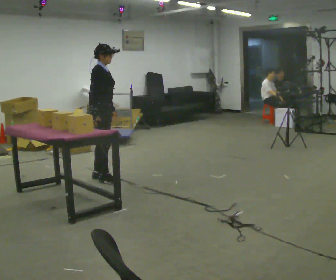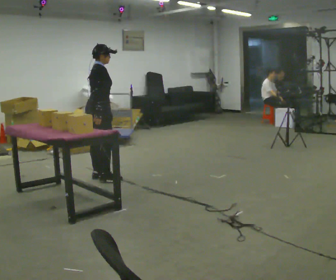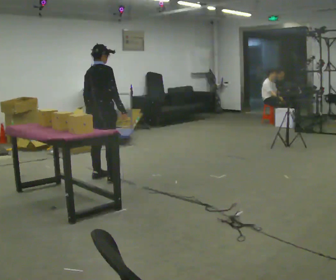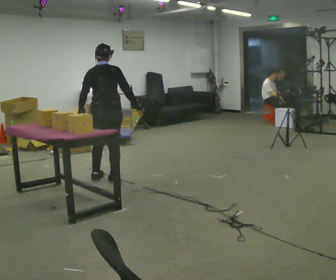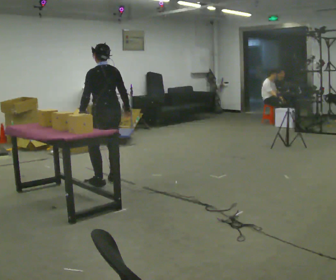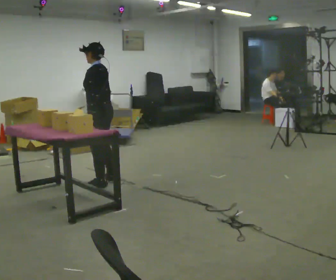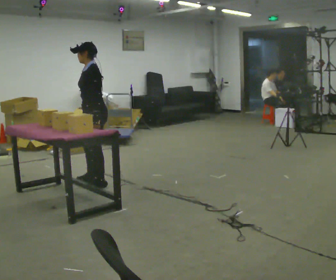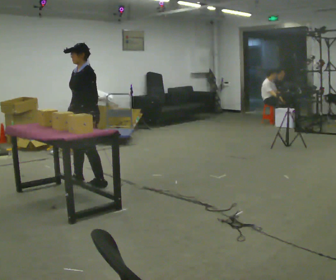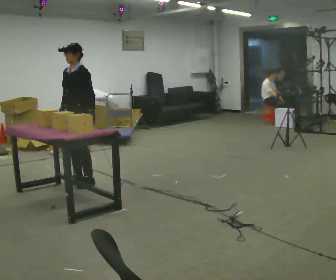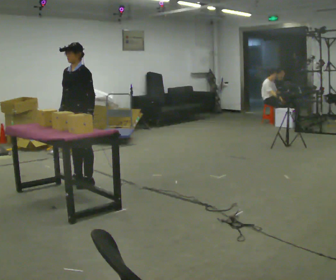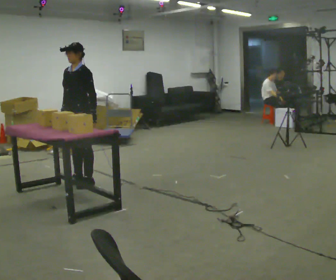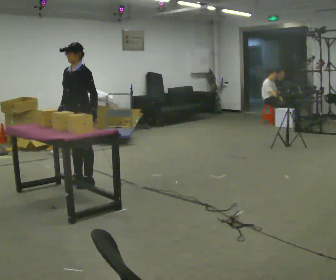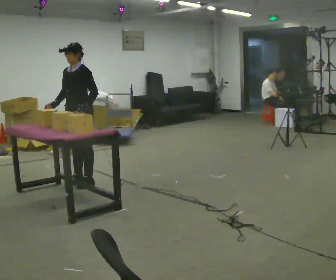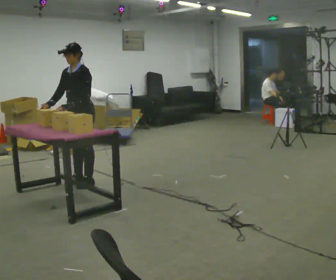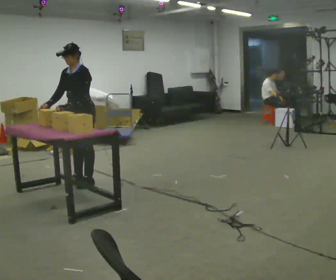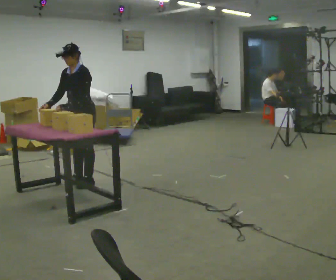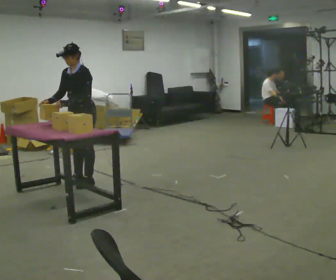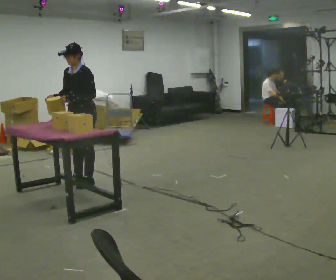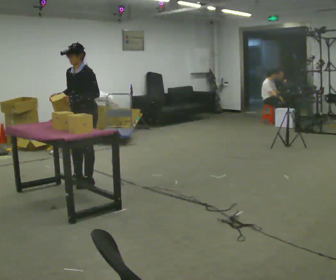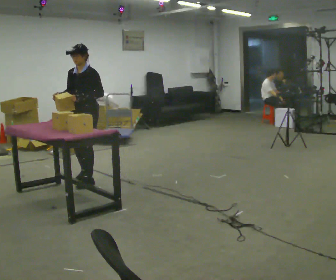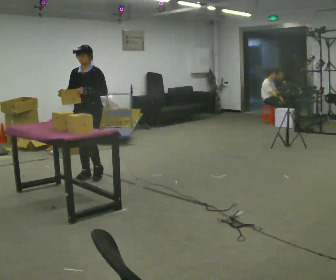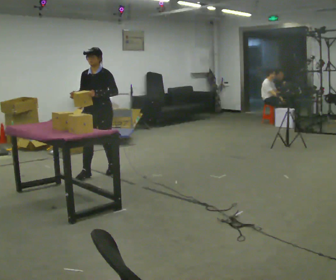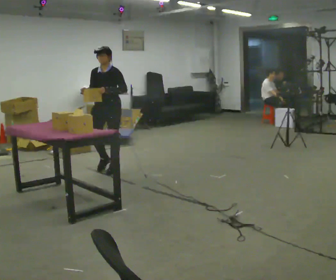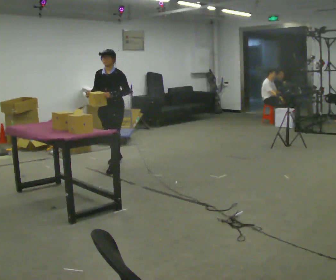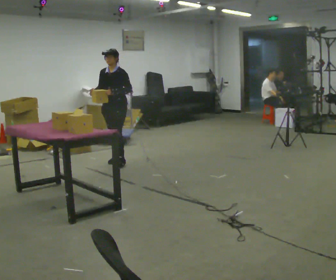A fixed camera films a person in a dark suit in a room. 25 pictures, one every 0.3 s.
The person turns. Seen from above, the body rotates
counterclockwise.
The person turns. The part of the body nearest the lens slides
to the right.
0.0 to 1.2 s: Seen from above the body turns counterclockwise, about 135 degrees: to their left, with its near side sliding to the right. In the picture their right hand goes to the right, the arm swinging counterclockwise.
1.2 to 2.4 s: The person turns about 90 degrees to their left, counterclockwise seen from above, so the part of the body nearest the lens slides to the right. In the picture they go to the left, about 0.25 m in 2 steps.
2.4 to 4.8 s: The person moves a little, or ends about where they began.
4.8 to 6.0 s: In the picture they go away from the camera, about 0.25 m in 2 steps, which for them is backward and to their right.
6.0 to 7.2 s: In the picture they go away from the camera and to the right, about 1 m in 2 steps, which for them is backward.
The film runs backward here.
